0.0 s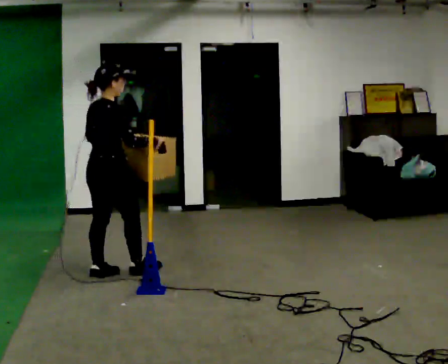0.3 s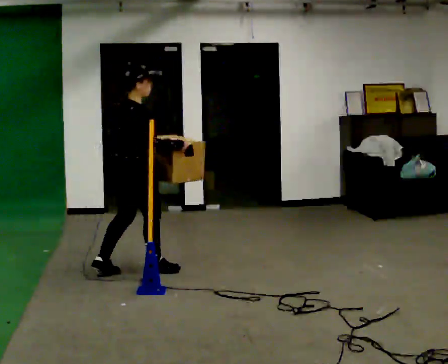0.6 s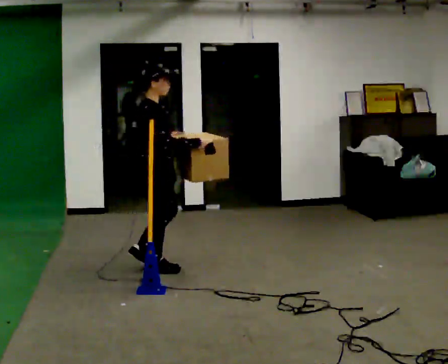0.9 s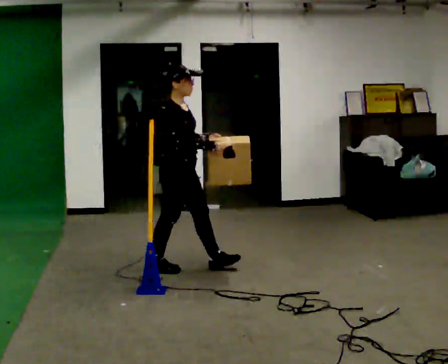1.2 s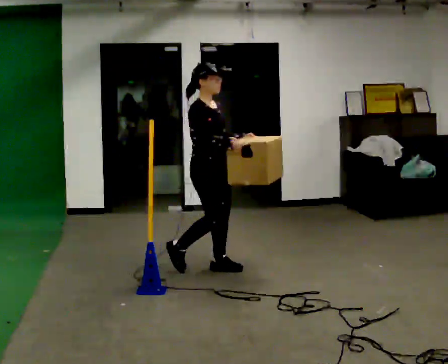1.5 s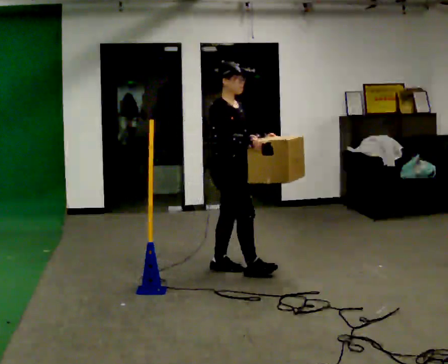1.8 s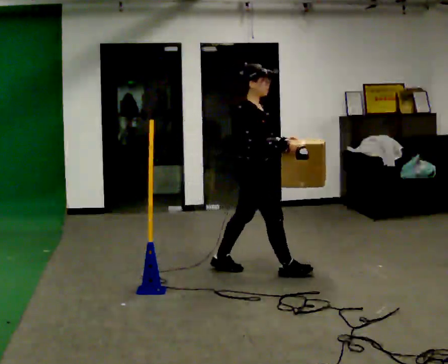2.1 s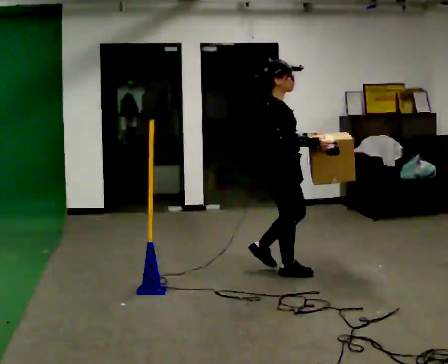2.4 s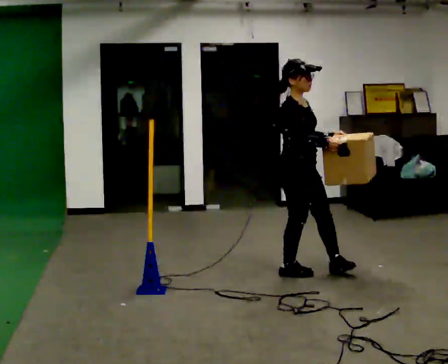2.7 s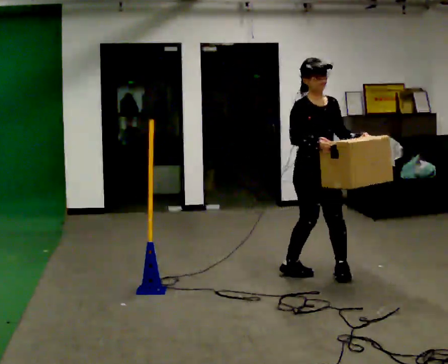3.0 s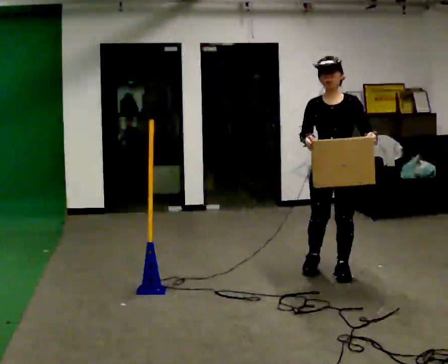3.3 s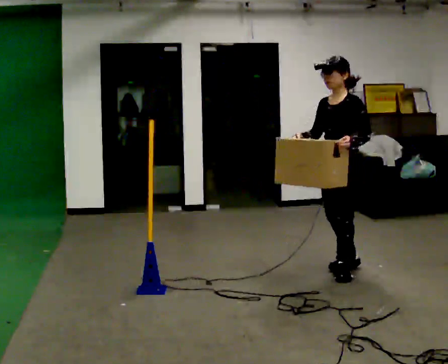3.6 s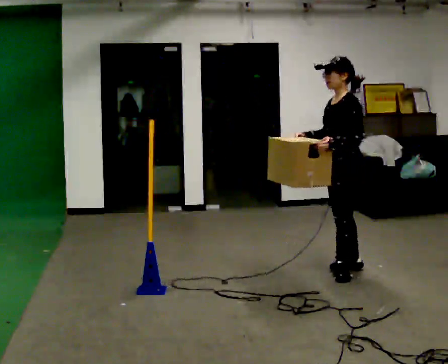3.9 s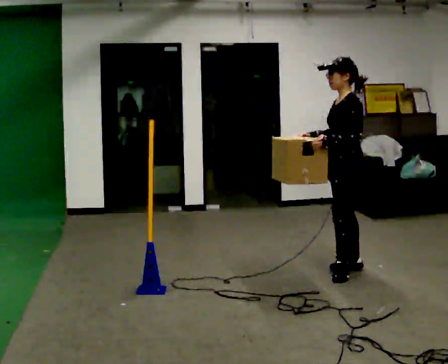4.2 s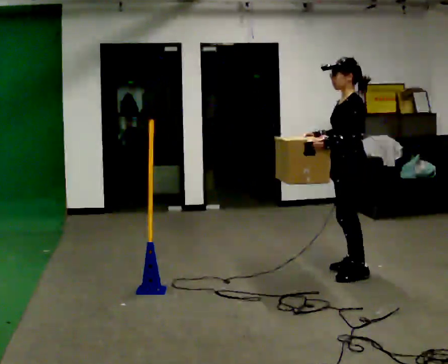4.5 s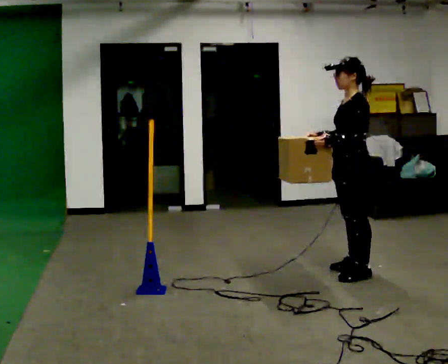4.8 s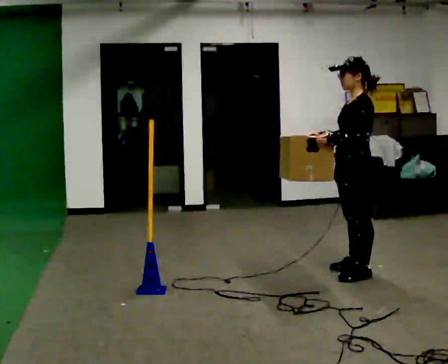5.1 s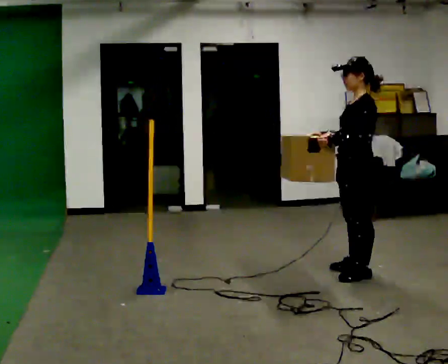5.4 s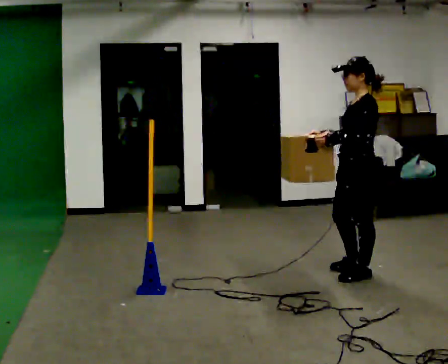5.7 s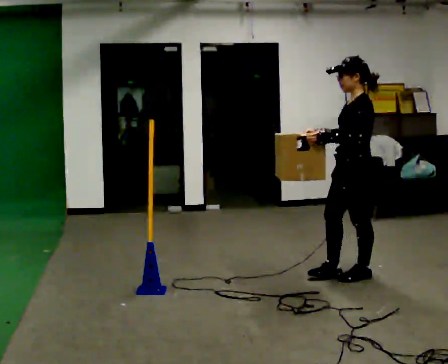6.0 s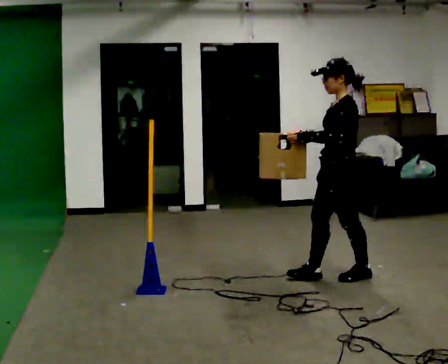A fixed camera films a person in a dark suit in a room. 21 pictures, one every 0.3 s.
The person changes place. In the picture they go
to the right.
The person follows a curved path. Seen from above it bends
clockwise.
0.0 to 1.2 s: The person turns about 75 degrees to their right, clockwise seen from above, so the part of the body nearest the lens slides to the left. In the picture they go to the right and away from the camera, about 1 m in 2 steps.
1.2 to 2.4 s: In the picture they go to the right, about 0.75 m in 1 step, which for them is forward.
2.4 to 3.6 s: The person turns about 135 degrees to their right, clockwise seen from above, so the part of the body nearest the lens slides to the left. In the picture they go to the right, about 0.25 m in 2 steps.
3.6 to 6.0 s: In the picture they go toward the camera, about 0.25 m in 2 steps, which for them is to their left.
The film runs forward here.
